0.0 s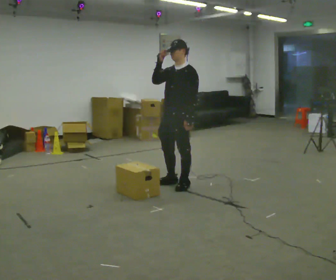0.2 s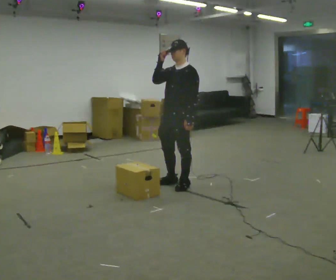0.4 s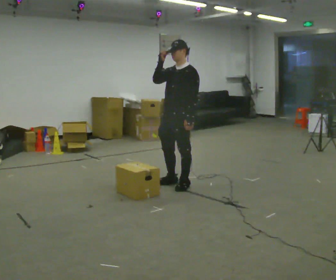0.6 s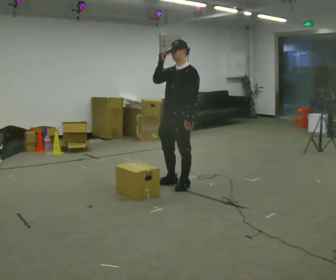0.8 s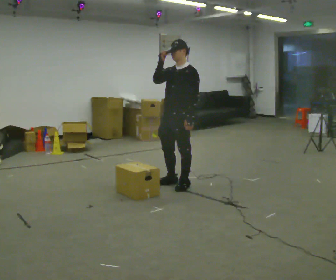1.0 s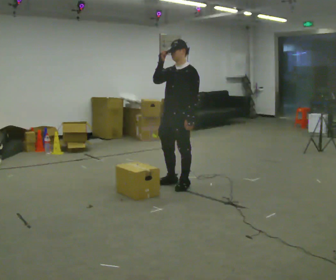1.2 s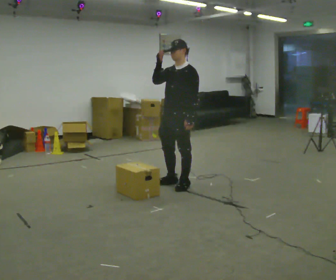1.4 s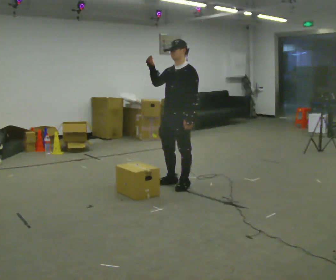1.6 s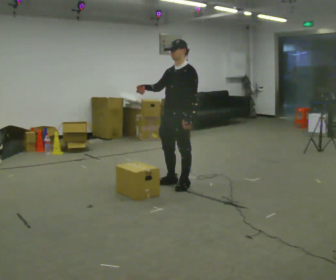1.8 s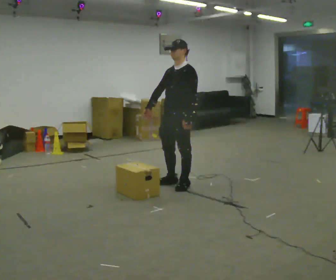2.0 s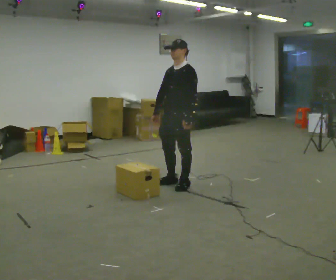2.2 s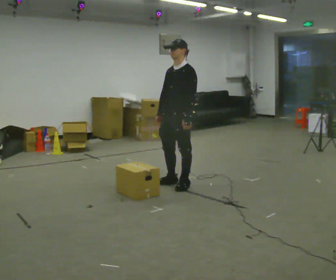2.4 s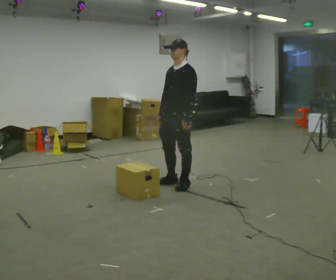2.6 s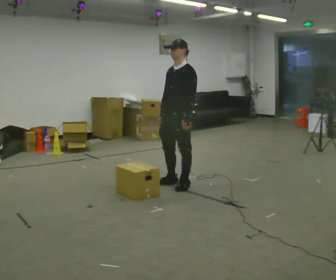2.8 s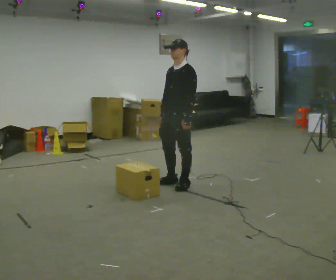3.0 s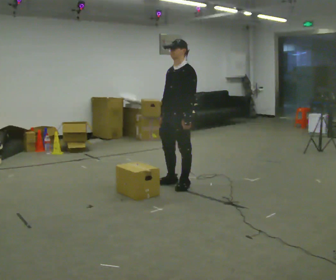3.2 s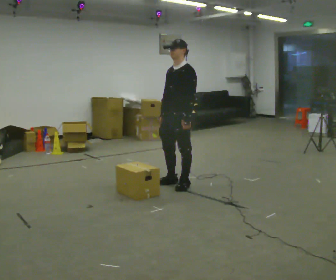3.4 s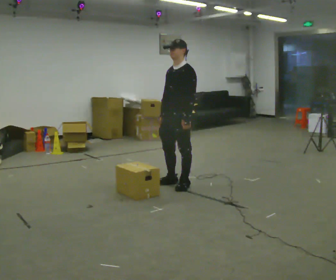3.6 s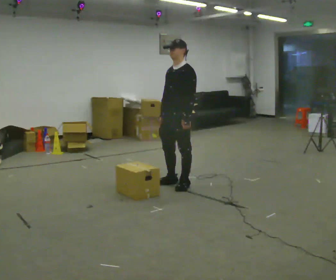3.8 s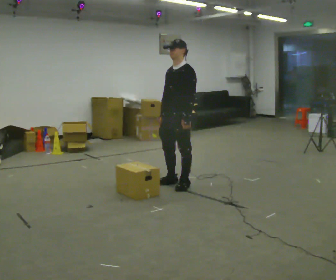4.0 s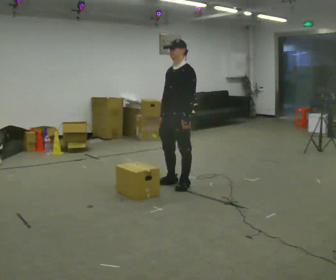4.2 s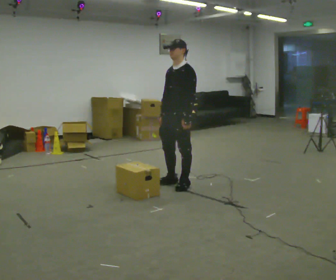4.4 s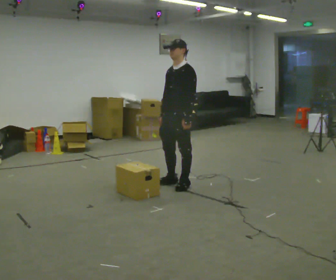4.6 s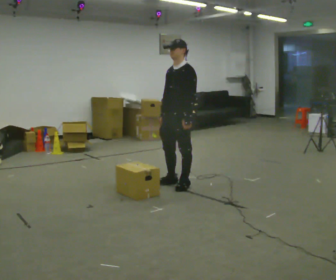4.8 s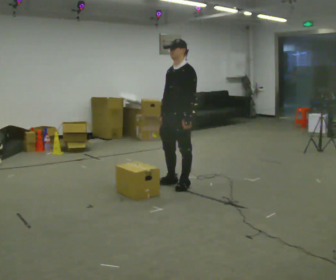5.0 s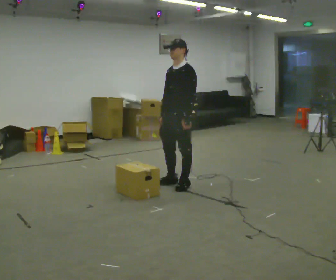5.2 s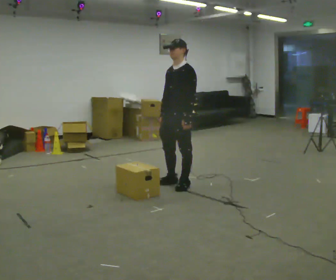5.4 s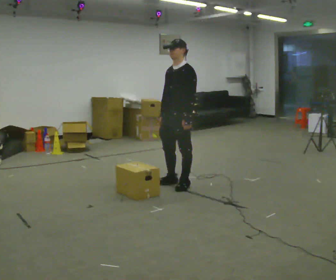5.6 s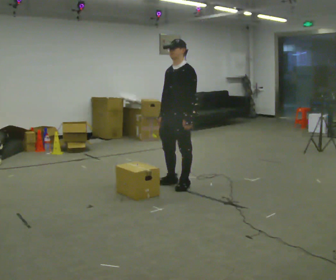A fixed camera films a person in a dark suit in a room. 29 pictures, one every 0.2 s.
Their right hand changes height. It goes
downward.
0.0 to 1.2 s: The person moves a little, or ends about where they began.
1.2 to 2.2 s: In the picture their right hand goes downward.
2.2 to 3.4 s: The person moves a little, or ends about where they began.
3.4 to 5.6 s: The person keeps their place and pose.
The film runs backward here.
